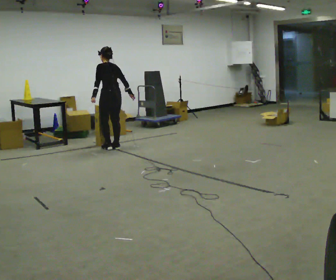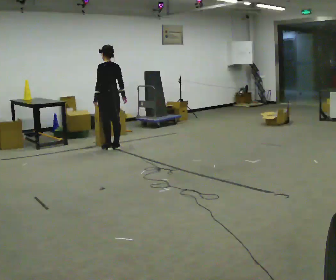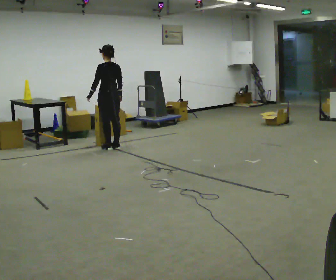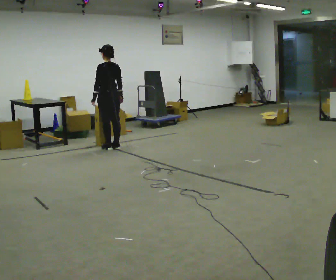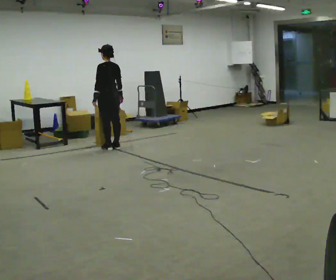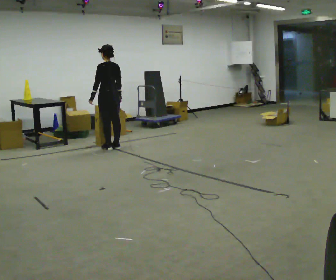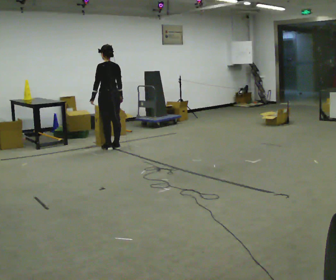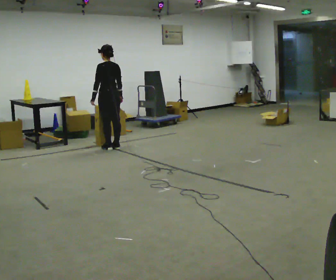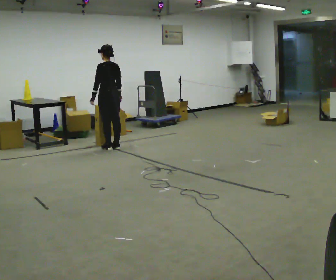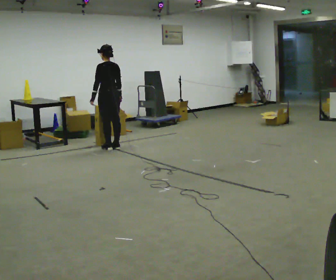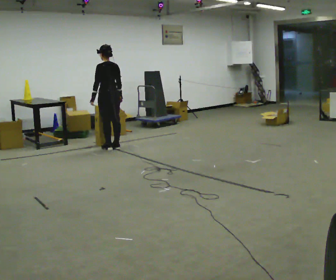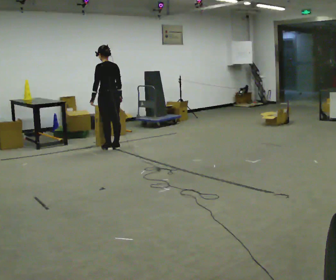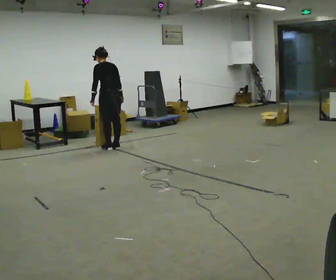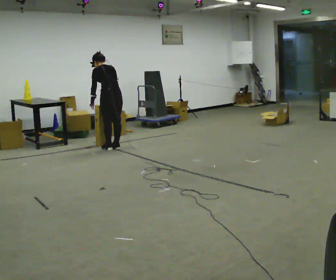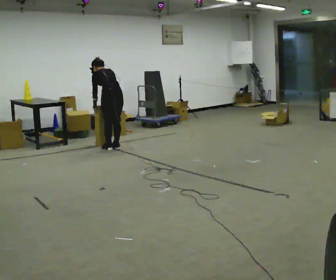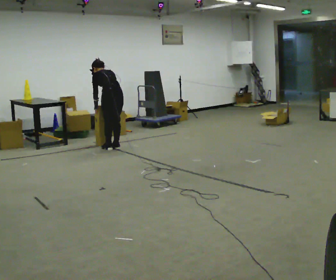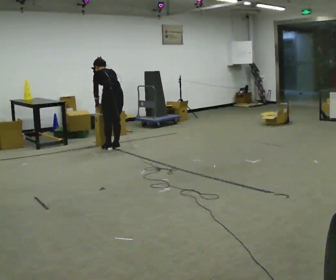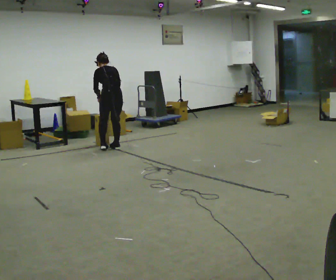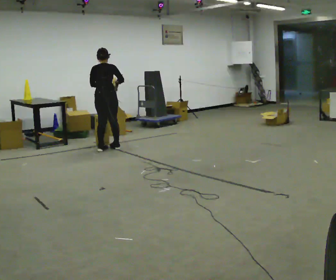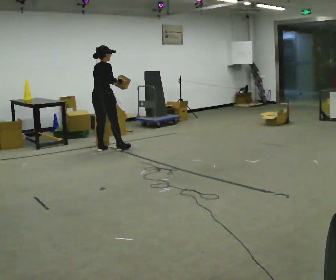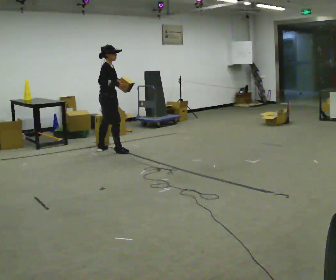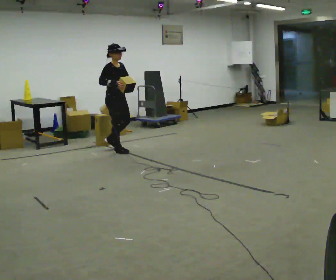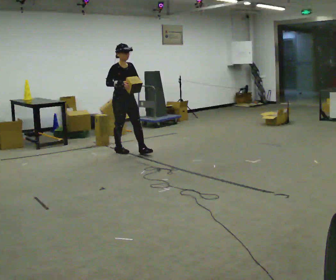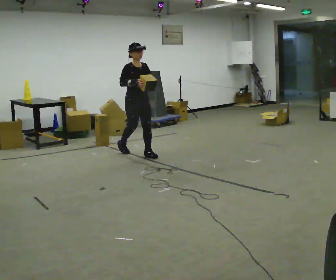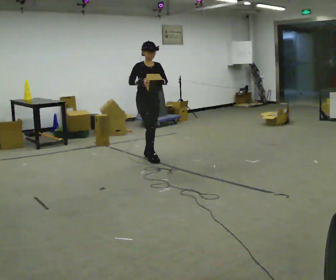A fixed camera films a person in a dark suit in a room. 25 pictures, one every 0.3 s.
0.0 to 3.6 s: The person moves a little, or ends about where they began.
3.6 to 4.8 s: The upper body tips away from the camera, its near side rolling upward, as they bend forward.
4.8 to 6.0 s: The person turns about 120 degrees to their right, clockwise seen from above, so the part of the body nearest the lens slides to the left. The upper body tips toward the camera, its near side rolling downward, as they lean back or straighten. In the picture their right hand goes upward.
6.0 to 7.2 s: Seen from above the body turns clockwise, about 60 degrees: to their right, with its near side sliding to the left. In the picture they go to the right and toward the camera, about 1 m in 1 step.
The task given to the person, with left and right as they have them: Carry the stack of boxes across the room without letting it fall over, then bring it back. Keep going until the operator says stop; one object at a time, and do not rush between trips.
The film runs forward here.
